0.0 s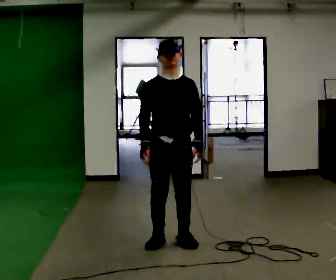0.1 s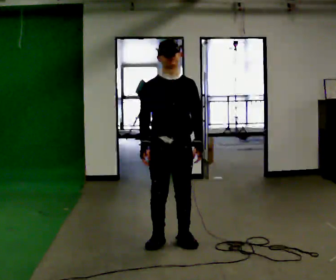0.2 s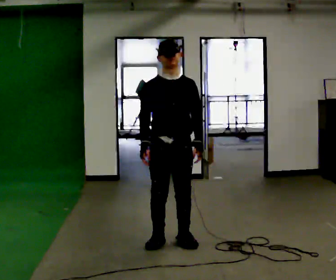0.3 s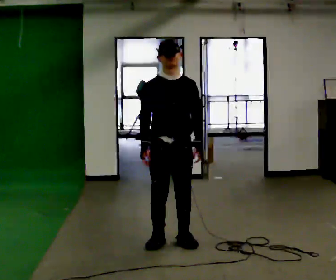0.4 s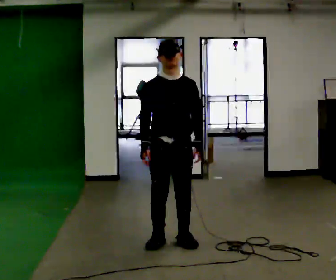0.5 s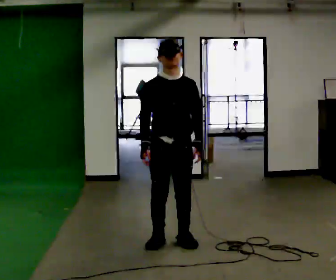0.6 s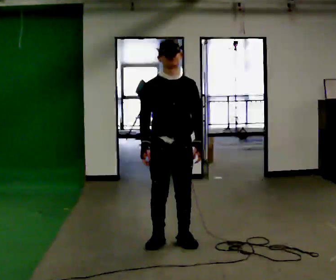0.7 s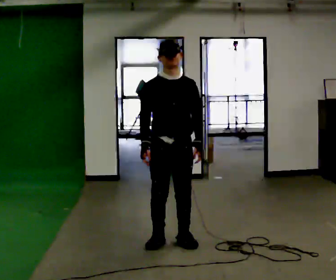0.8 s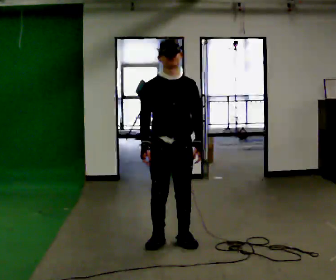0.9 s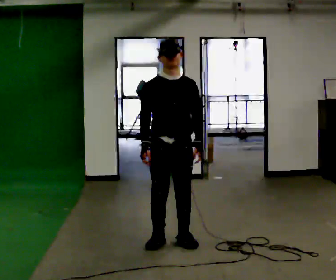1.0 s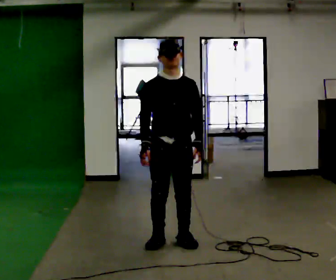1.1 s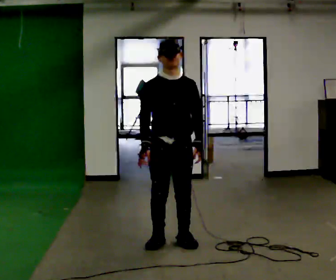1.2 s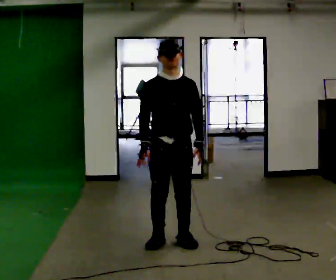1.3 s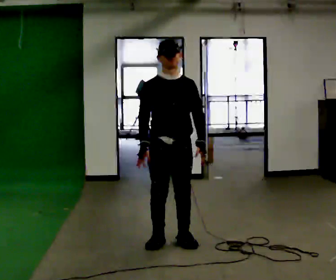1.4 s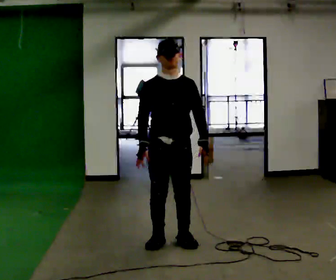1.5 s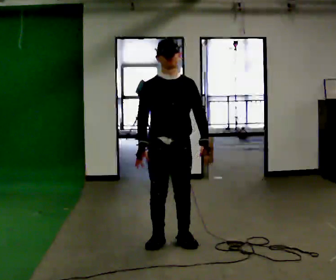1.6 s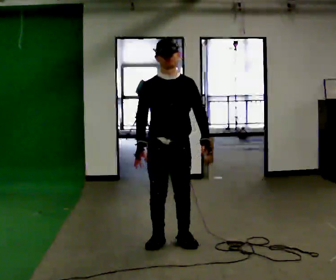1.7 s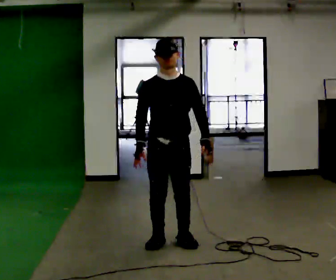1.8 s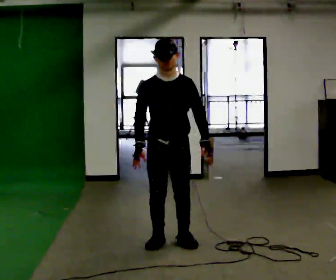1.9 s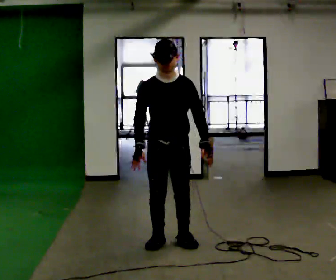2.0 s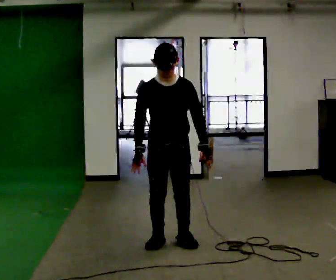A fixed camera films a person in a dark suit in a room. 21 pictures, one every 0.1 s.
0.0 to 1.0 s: The person moves a little, or ends about where they began.
1.0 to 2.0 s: The upper body tips toward the camera, its near side rolling downward, as they bend forward.
The film runs forward here.
